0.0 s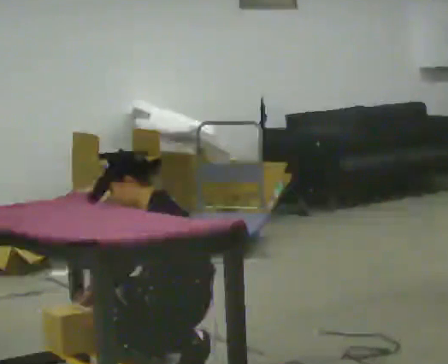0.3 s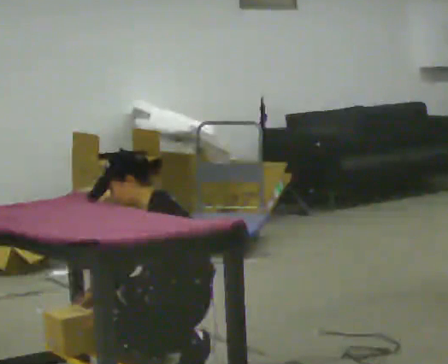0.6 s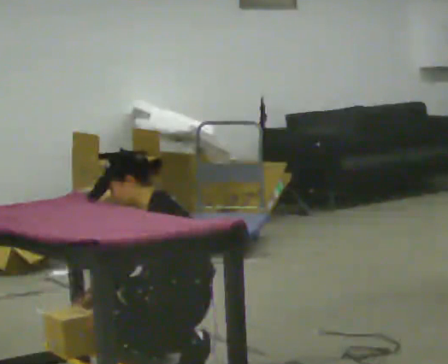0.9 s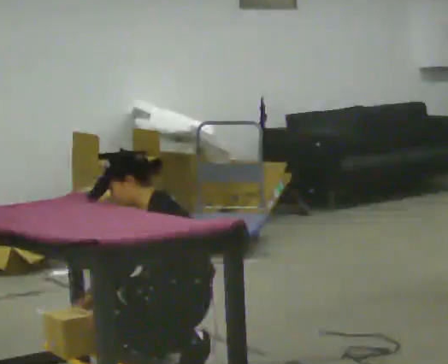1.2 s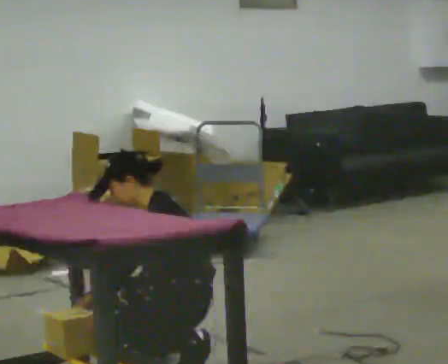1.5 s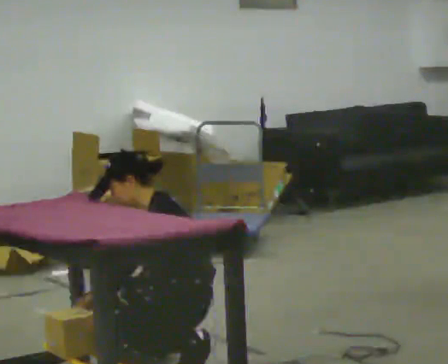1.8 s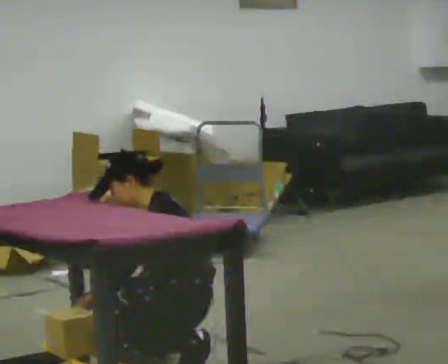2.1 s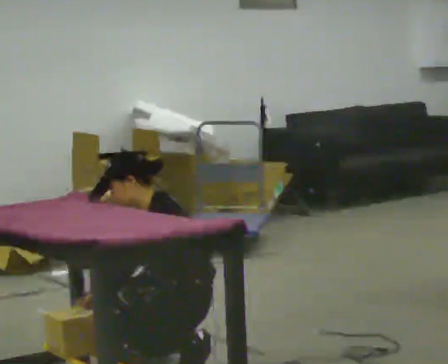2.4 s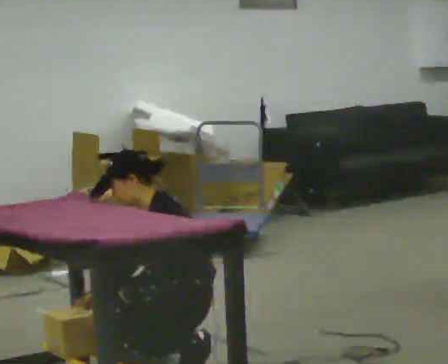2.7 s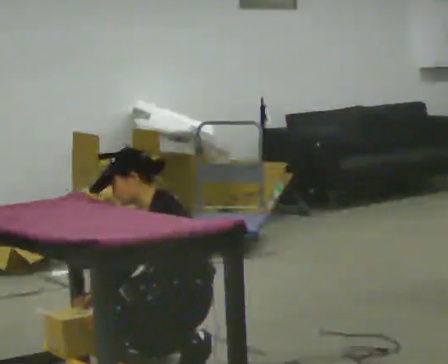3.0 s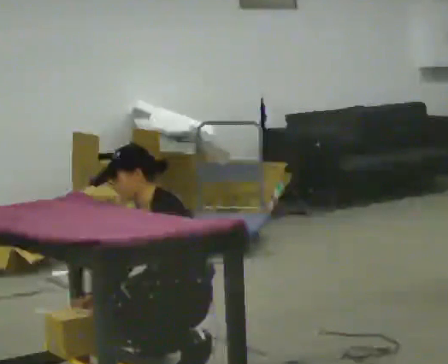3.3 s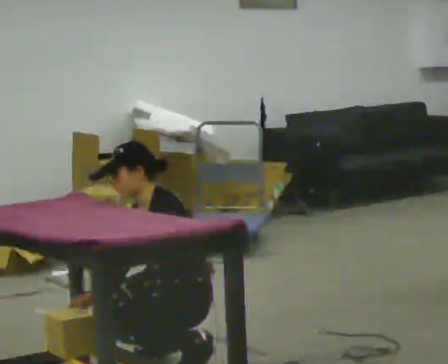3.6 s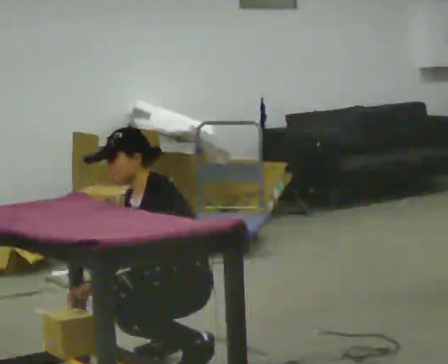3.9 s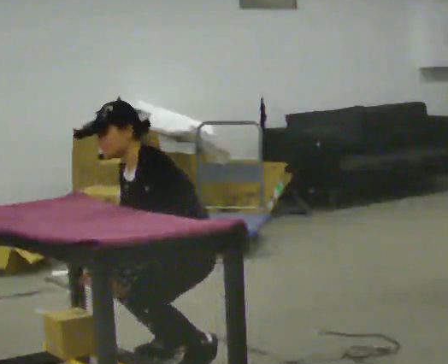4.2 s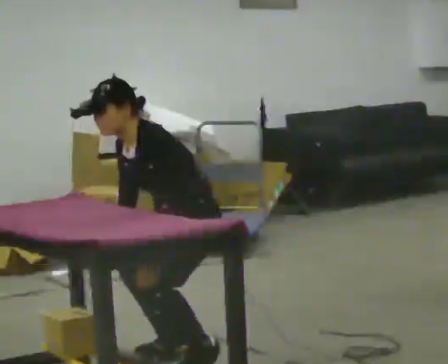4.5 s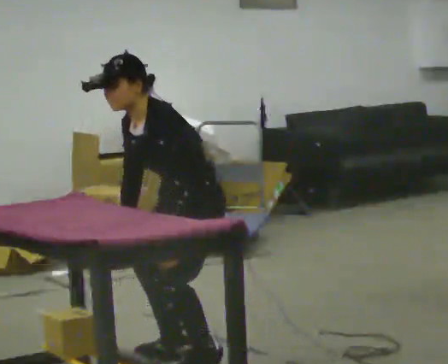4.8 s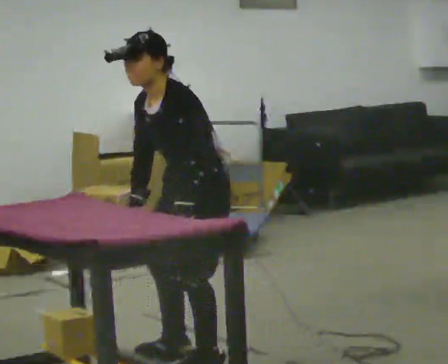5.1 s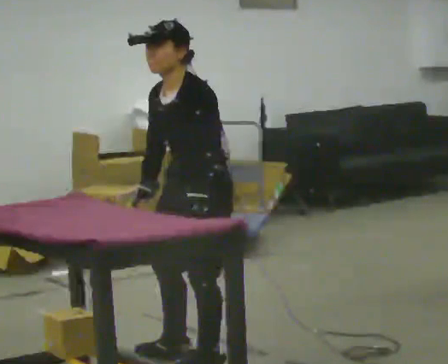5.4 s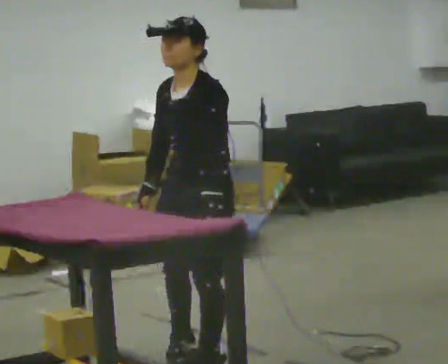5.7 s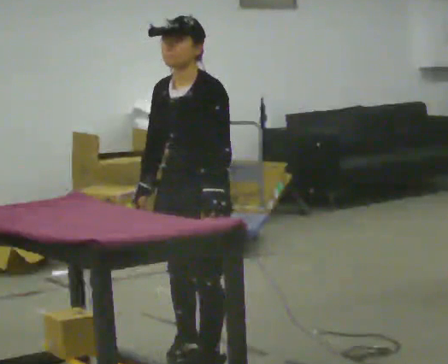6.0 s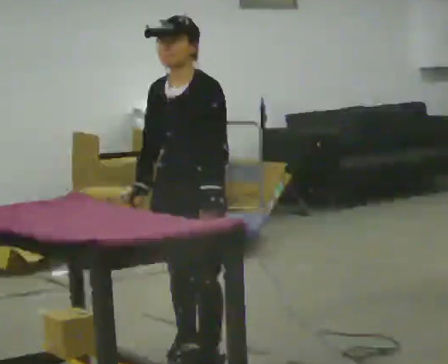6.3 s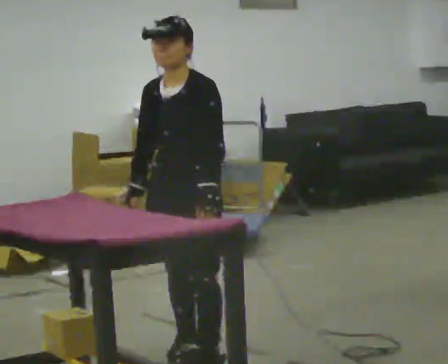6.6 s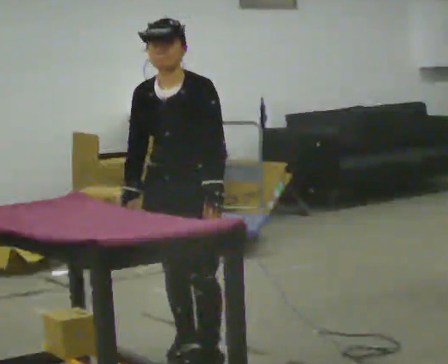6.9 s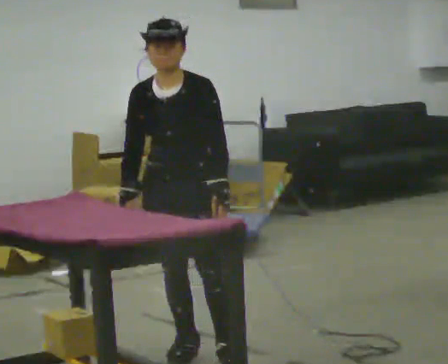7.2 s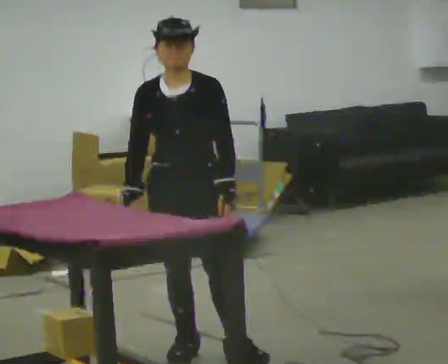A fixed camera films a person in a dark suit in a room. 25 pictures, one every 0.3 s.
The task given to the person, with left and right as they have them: 1. The operator will tell you the shelf is already sorted and just needs moving to the table. 2. Do what you think is right. 3. Tell the operator when you are finished.
0.0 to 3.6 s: The person moves a little, or ends about where they began.
3.6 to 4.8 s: The shoulders move upward. In the picture their left hand goes upward.
4.8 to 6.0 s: In the picture the upper body tilts clockwise, shoulders to the right, as they lean back or straighten.
6.0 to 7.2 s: Seen from above the body turns counterclockwise, about 30 degrees: to their left, with its near side sliding to the right.
The film runs forward here.
